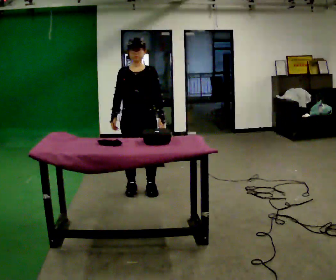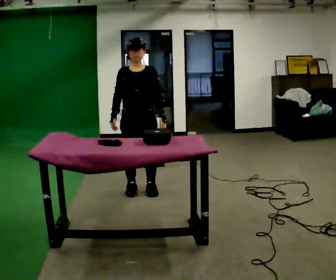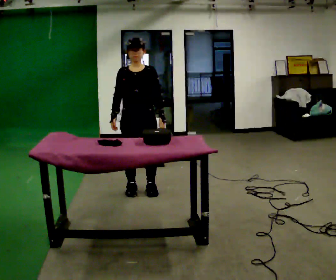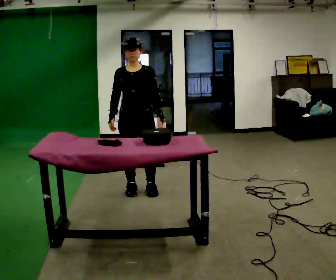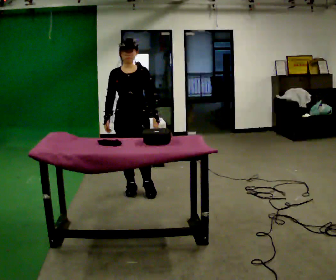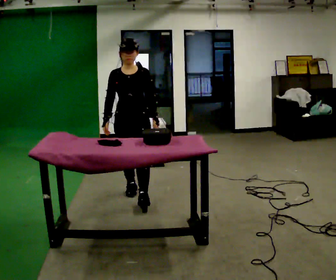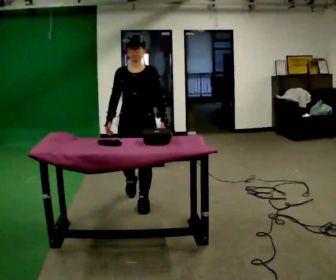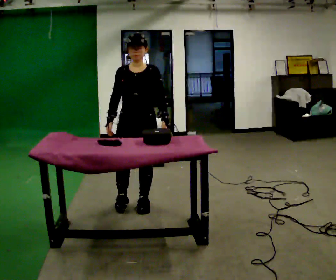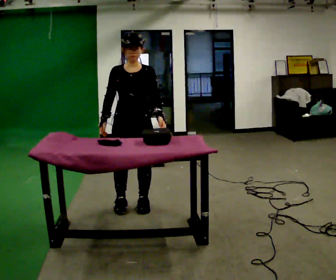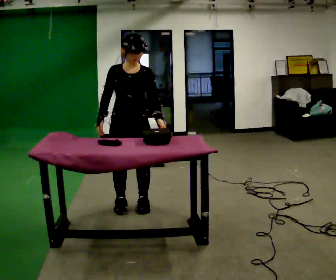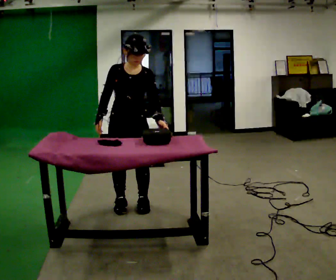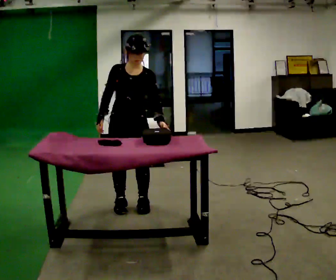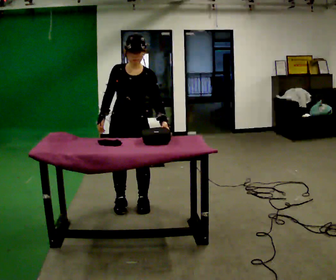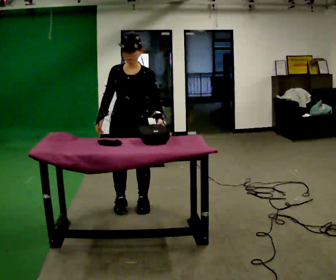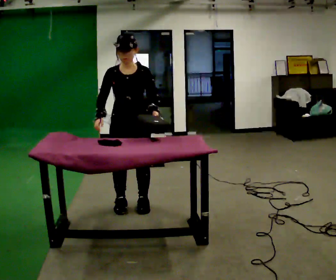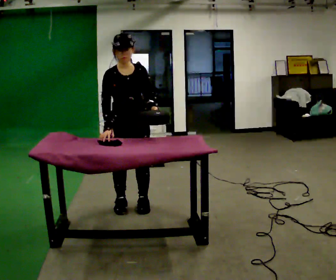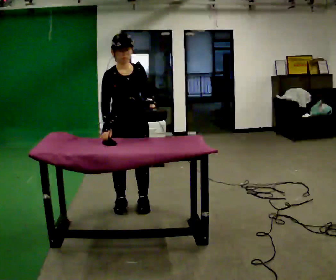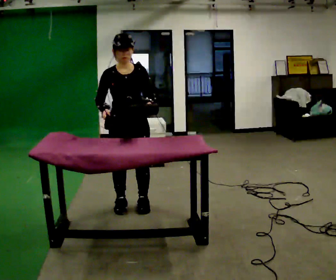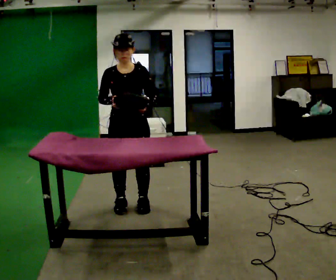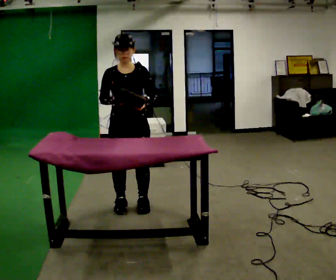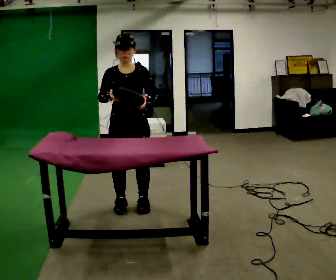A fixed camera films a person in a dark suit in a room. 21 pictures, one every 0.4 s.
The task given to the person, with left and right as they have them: Clear everything off the table and put it away on the shelf, in as many trips as you need. Keep going until the operator says stop; one object at a time, and do not rush between trips.
0.0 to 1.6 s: The person moves a little, or ends about where they began.
1.6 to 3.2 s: In the picture they go toward the camera, about 0.5 m in 2 steps, which for them is forward.
3.2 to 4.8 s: The person moves a little, or ends about where they began.
4.8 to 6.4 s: The person turns about 30 degrees to their left, counterclockwise seen from above, so the part of the body nearest the lens slides to the right.
6.4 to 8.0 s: The person moves a little, or ends about where they began.
The film runs forward here.
